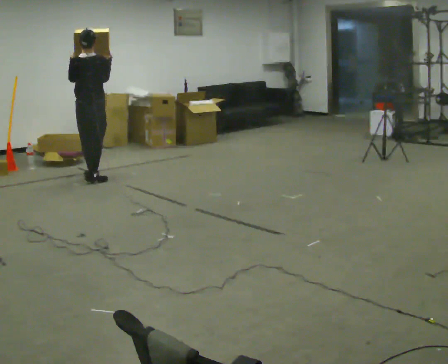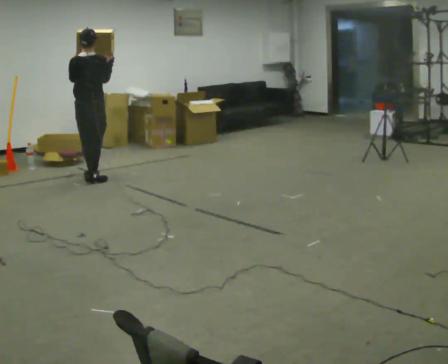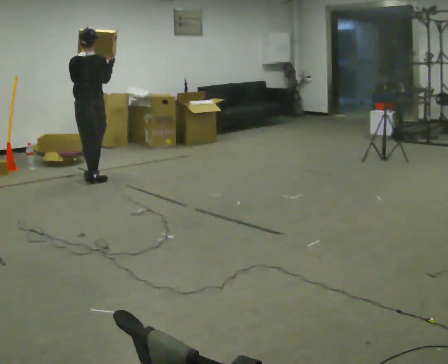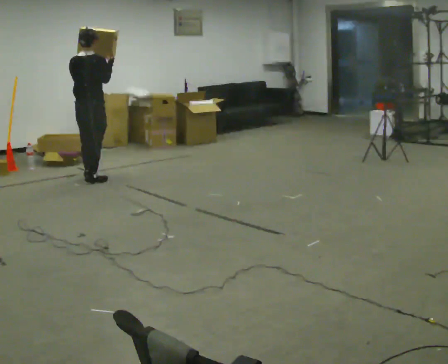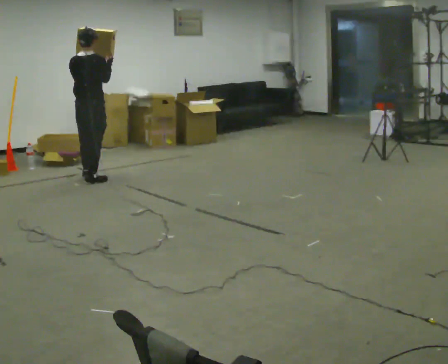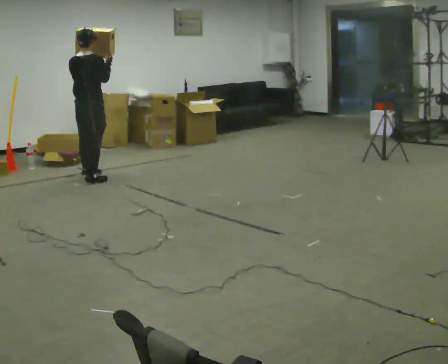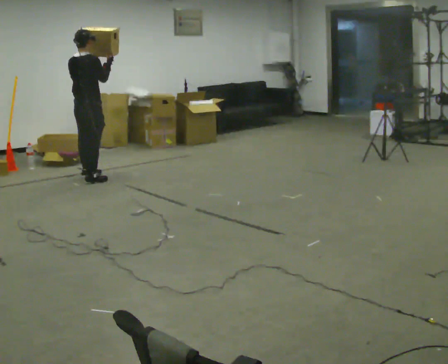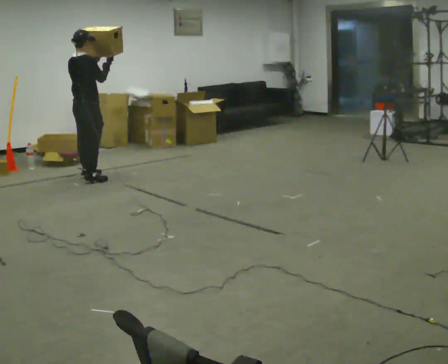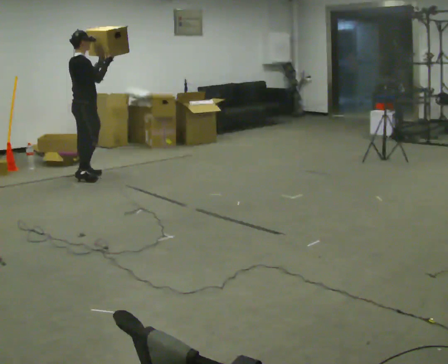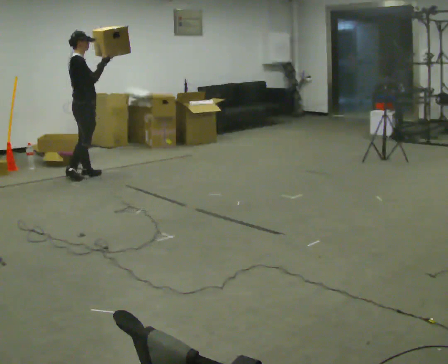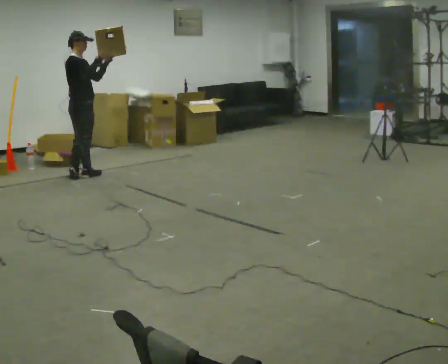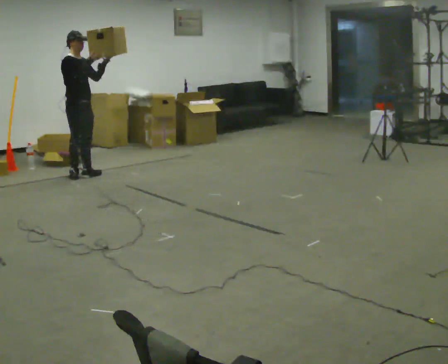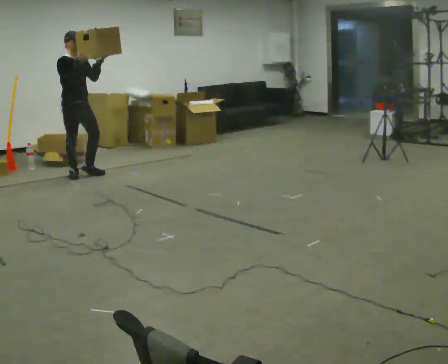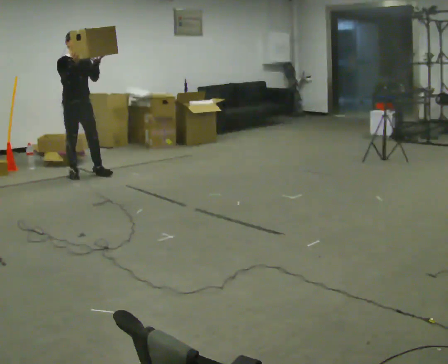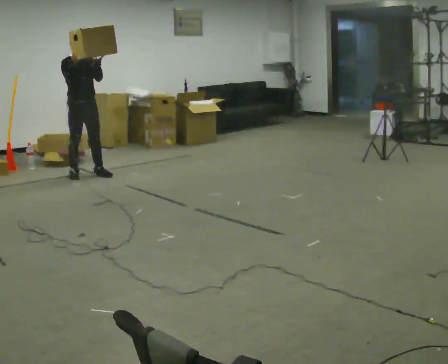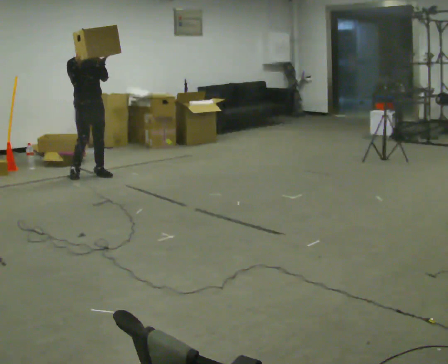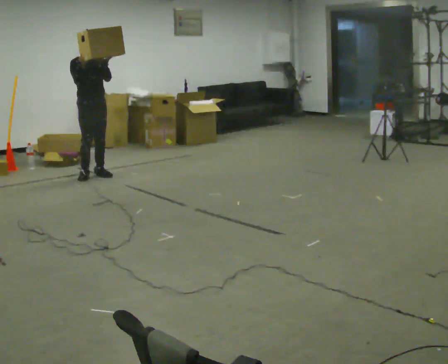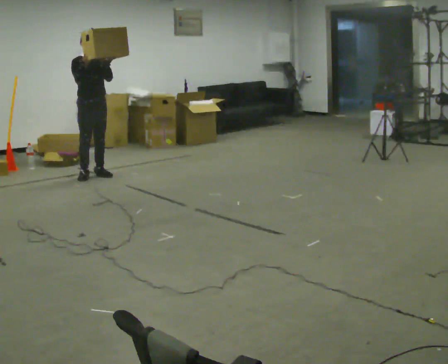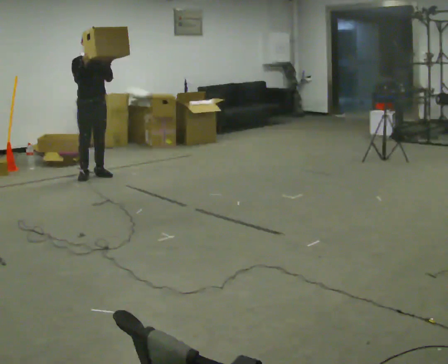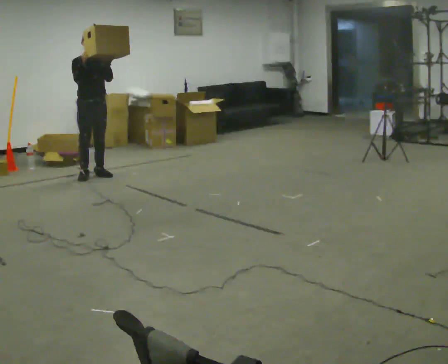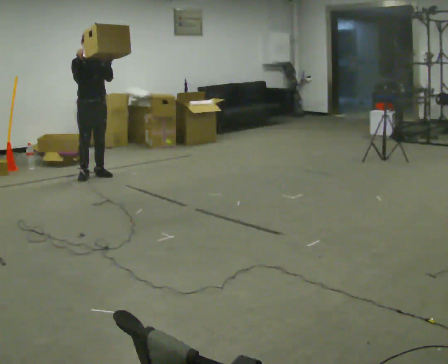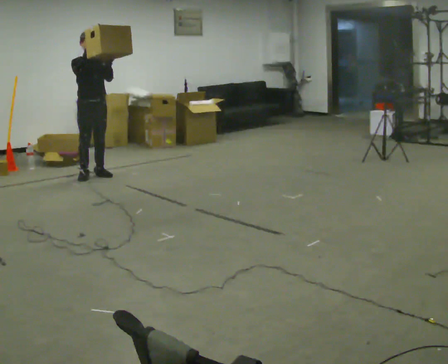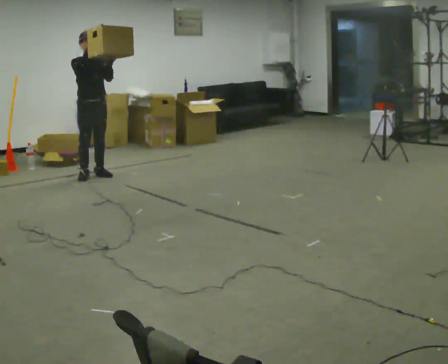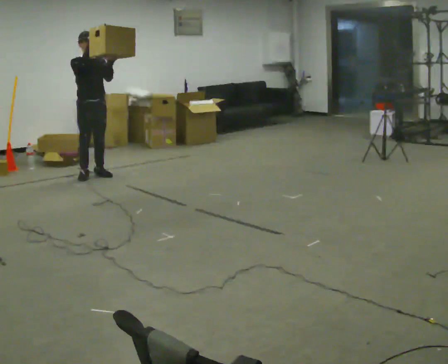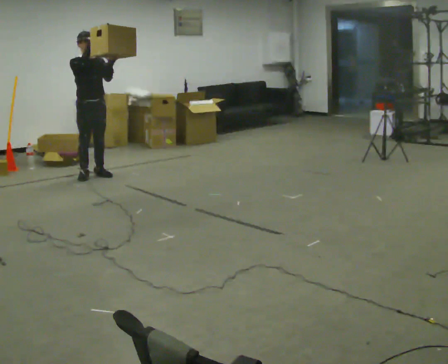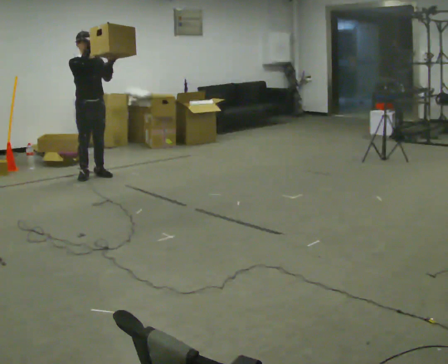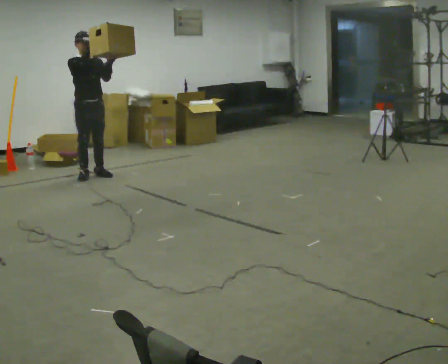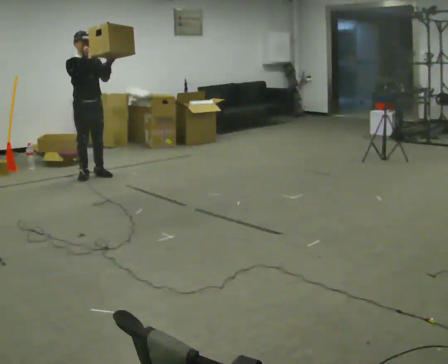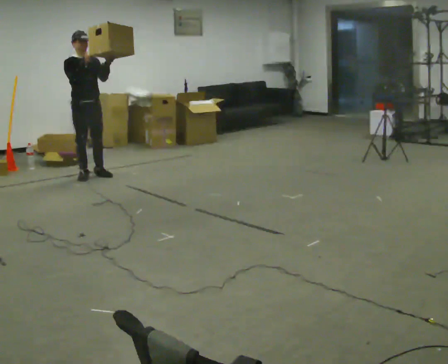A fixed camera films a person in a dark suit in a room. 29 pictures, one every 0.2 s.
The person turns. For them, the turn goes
to their right.
The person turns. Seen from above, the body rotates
clockwise.
0.0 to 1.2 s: The part of the body nearest the lens slides to the left as the person turns to their right by about 30 degrees.
1.2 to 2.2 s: The person turns about 90 degrees to their right, clockwise seen from above, so the part of the body nearest the lens slides to the left. In the picture they go away from the camera, about 0.25 m in 1 step.
2.2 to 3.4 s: The person turns about 30 degrees to their right, clockwise seen from above, so the part of the body nearest the lens slides to the left. In the picture they go to the right, about 0.25 m in 2 steps, which for them is to their left.
3.4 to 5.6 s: The person moves a little, or ends about where they began.
The film runs forward here.
